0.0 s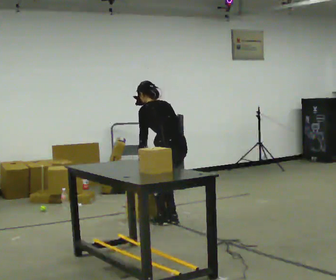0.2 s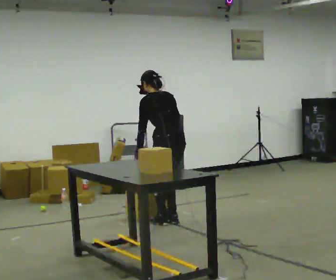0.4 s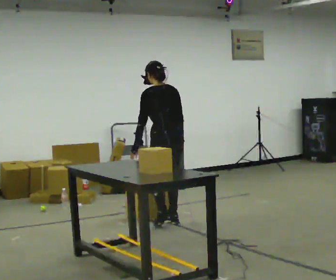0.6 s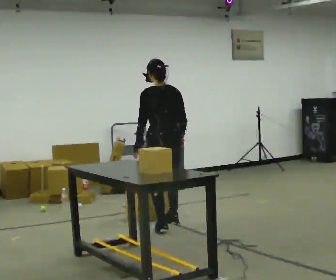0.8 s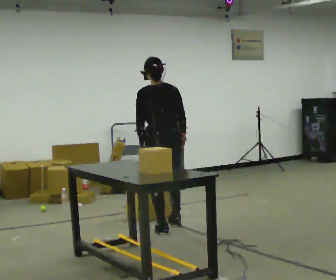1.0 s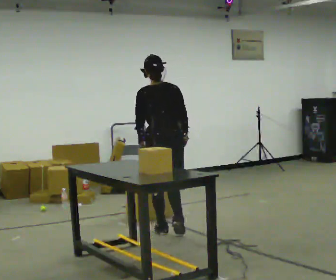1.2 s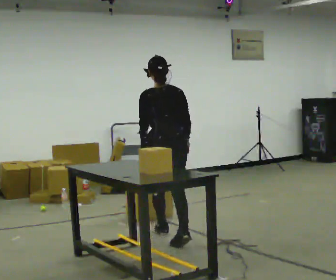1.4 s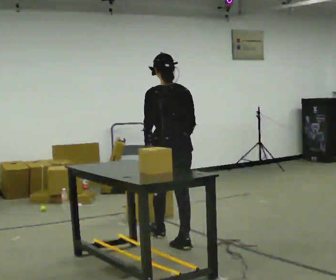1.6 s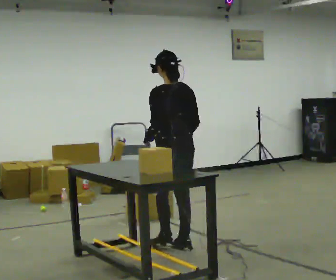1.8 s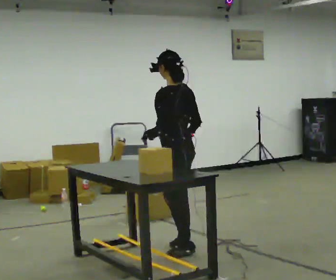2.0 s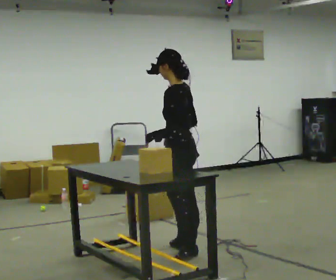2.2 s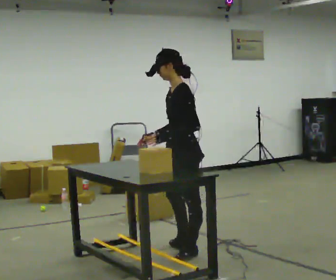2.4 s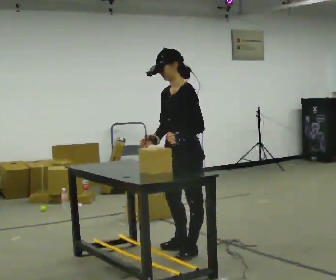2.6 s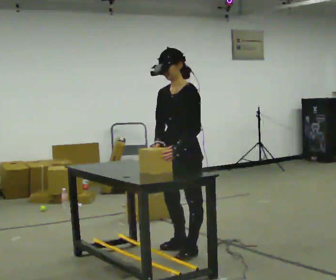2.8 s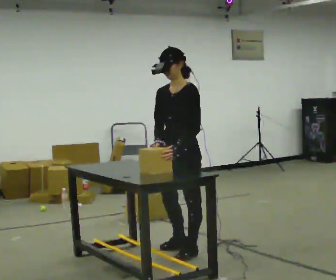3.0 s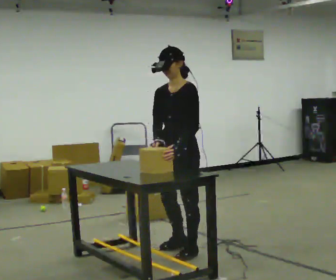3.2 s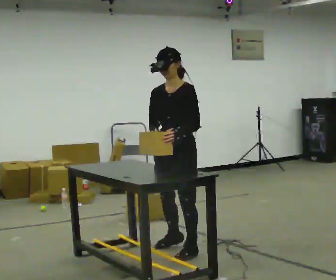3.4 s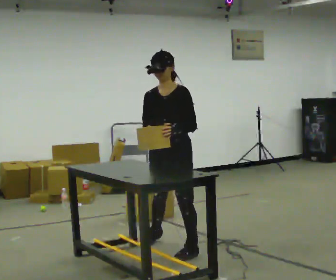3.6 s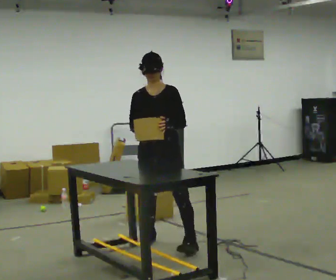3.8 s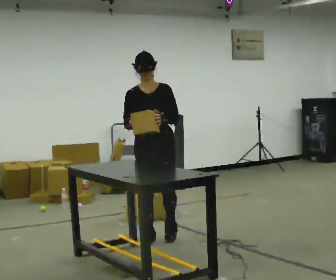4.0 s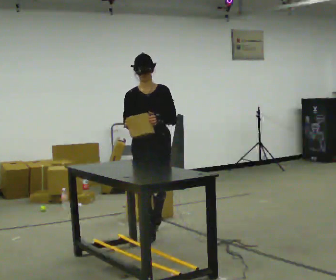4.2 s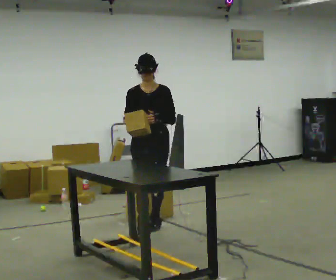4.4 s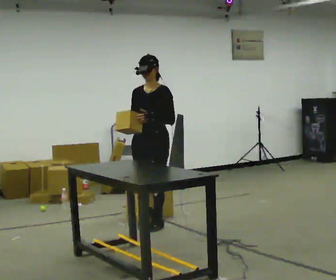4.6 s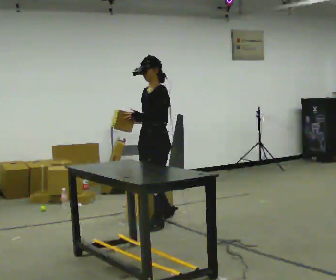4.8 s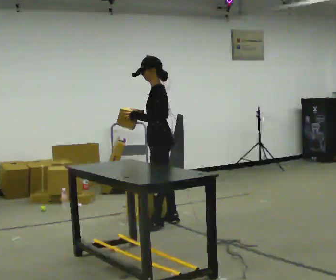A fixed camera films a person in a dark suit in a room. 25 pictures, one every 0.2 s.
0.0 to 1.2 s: The part of the body nearest the lens slides to the left as the person turns to their right by about 30 degrees. In the picture they go toward the camera, about 0.5 m in 2 steps, which for them is backward and to their left. The upper body goes upward. The upper body tips toward the camera, its near side rolling downward, as they lean back or straighten.
1.2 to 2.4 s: The part of the body nearest the lens slides to the right as the person turns to their left by about 105 degrees. In the picture they go toward the camera, about 0.5 m in 1 step.
2.4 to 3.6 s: The part of the body nearest the lens slides to the right as the person turns to their left by about 45 degrees. In the picture they go away from the camera and to the left, about 0.25 m in 2 steps, which for them is to their right.
3.6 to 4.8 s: The part of the body nearest the lens slides to the left as the person turns to their right by about 60 degrees. In the picture they go away from the camera, about 1 m in 1 step.
The film runs backward here.
